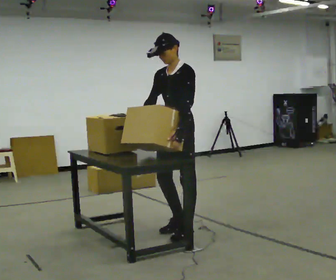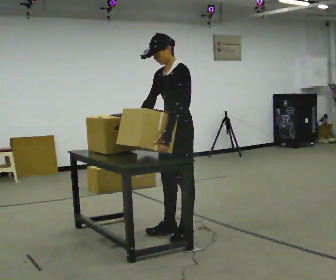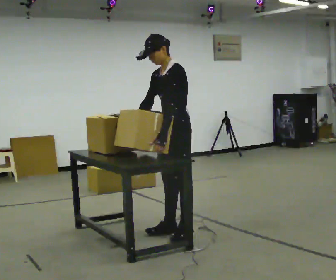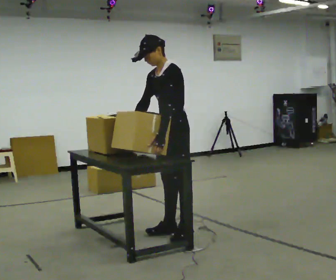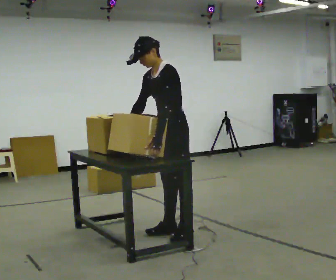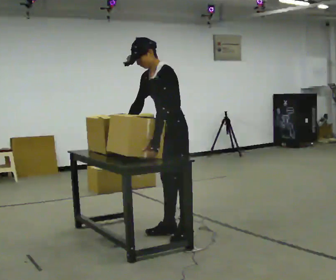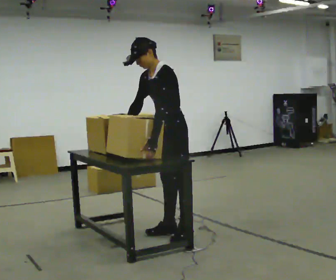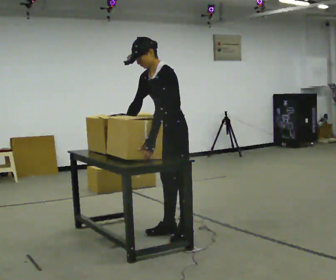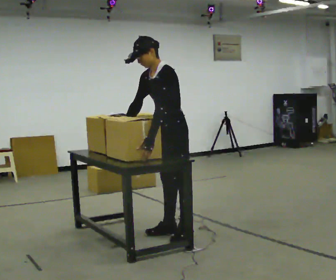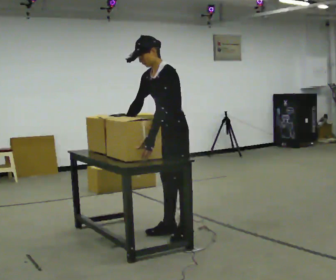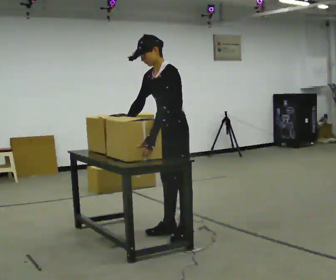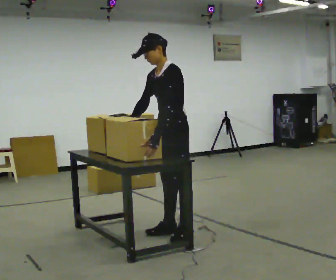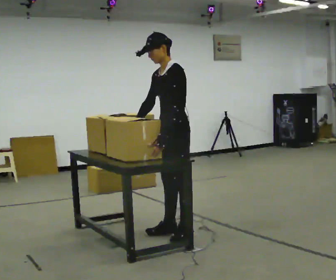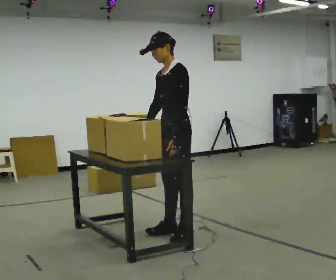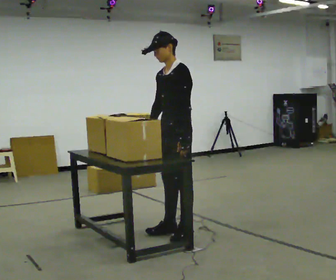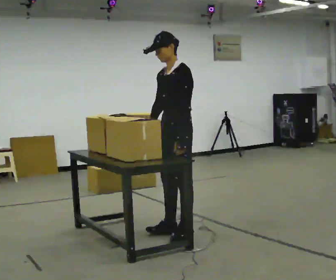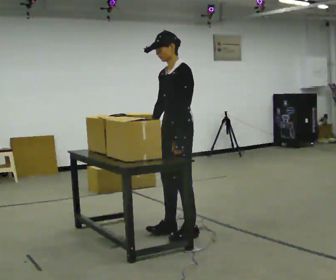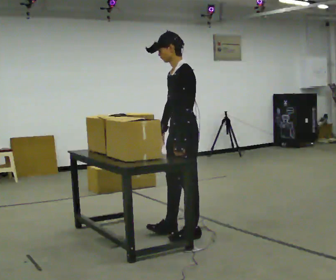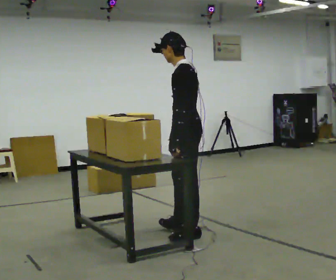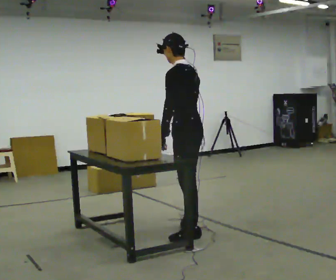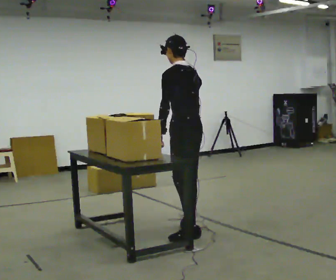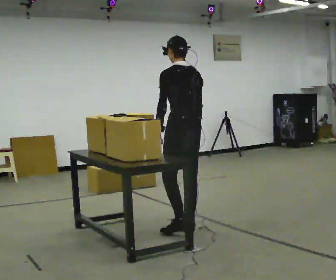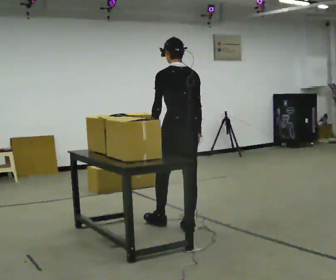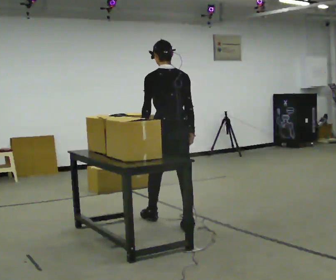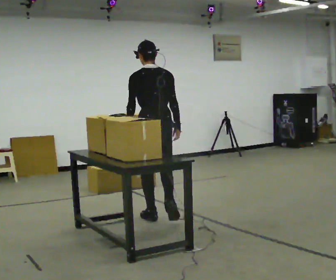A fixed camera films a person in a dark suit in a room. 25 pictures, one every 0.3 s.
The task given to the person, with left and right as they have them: Pick up the next box in the row and carry it to the table. The operator will not tell you how heavy each one is. Keep going until the operator says stop; one object at a time, and do not rush between trips.
0.0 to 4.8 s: The person moves a little, or ends about where they began.
4.8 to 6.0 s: The person turns about 60 degrees to their right, clockwise seen from above, so the part of the body nearest the lens slides to the left. In the picture their right hand goes to the right.
6.0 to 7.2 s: The part of the body nearest the lens slides to the left as the person turns to their right by about 45 degrees. In the picture they go away from the camera and to the left, about 0.5 m in 1 step, which for them is forward.
The film runs forward here.
